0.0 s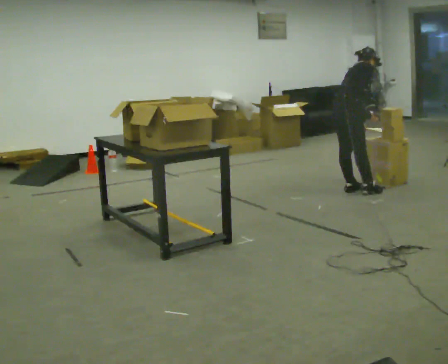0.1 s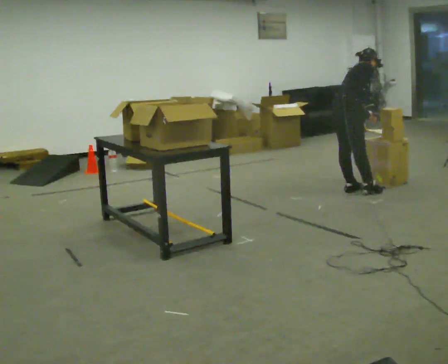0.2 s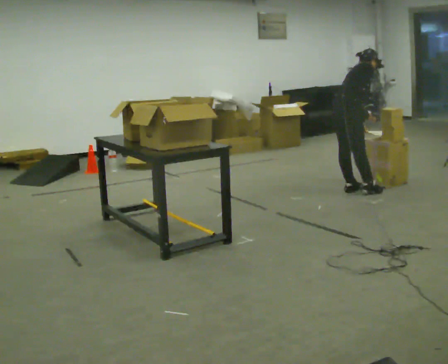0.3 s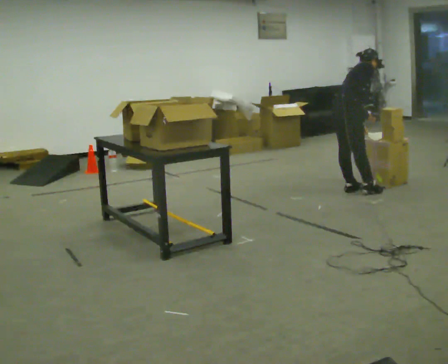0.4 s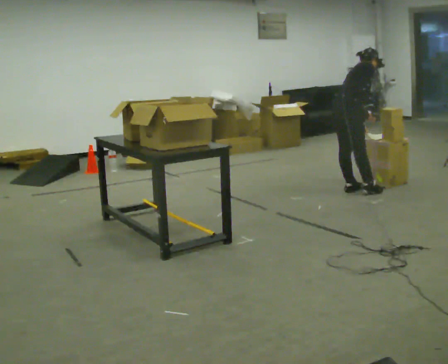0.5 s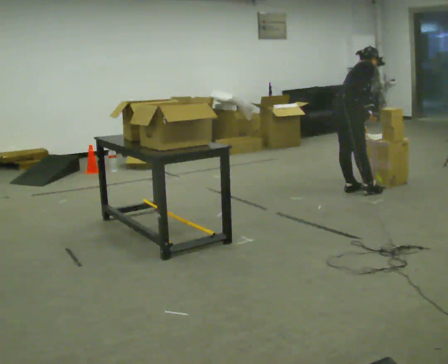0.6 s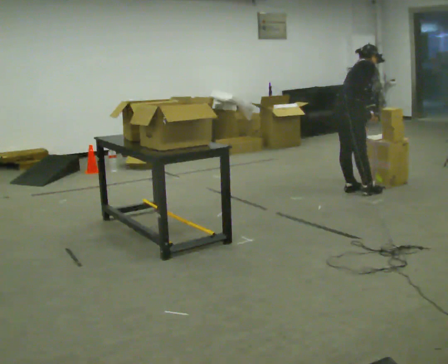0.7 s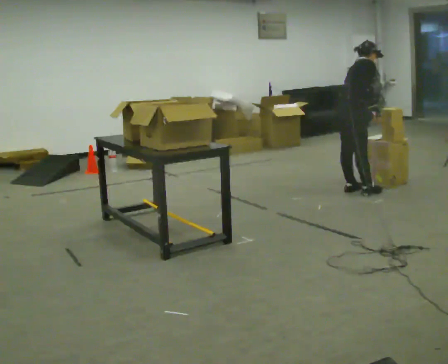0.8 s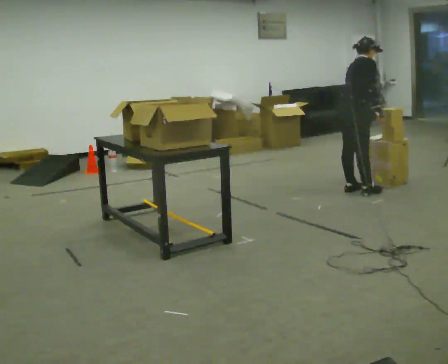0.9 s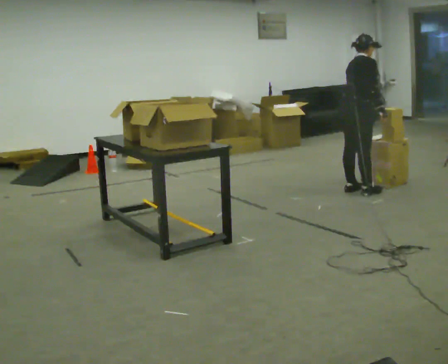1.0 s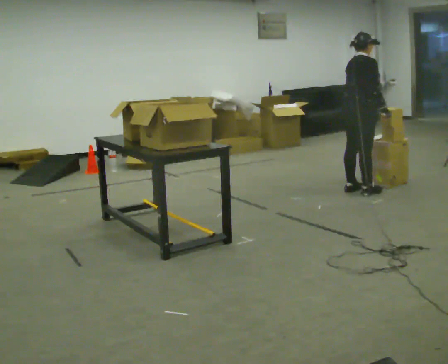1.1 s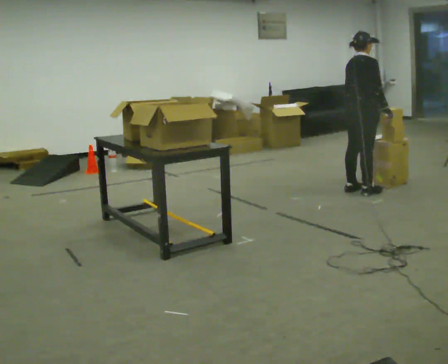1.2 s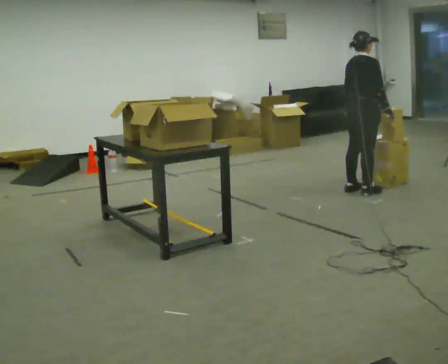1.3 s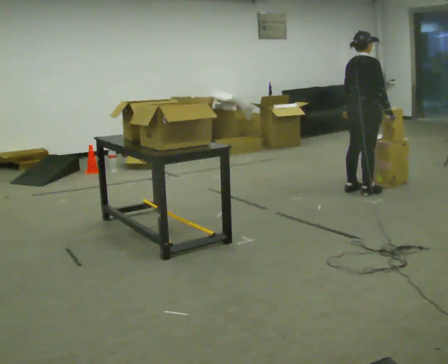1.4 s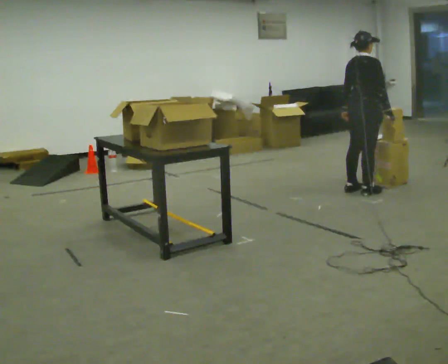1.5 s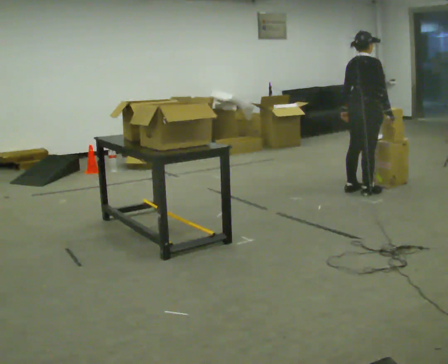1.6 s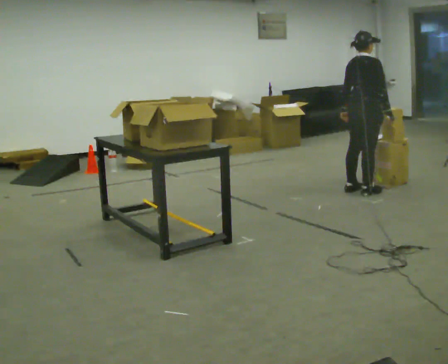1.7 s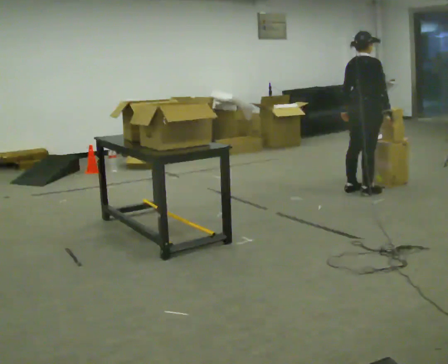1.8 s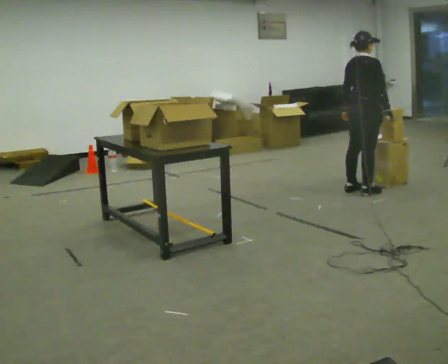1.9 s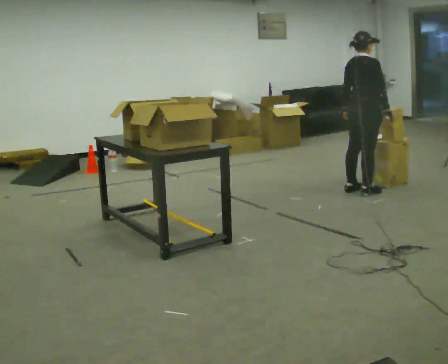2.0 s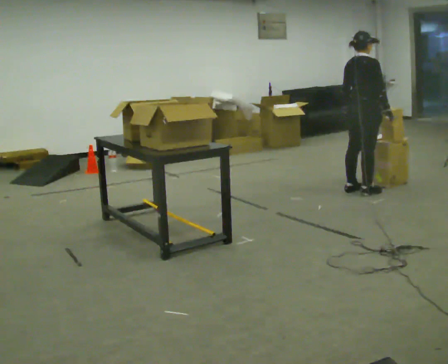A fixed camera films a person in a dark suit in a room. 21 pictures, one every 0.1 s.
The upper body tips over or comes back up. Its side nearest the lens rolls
downward.
0.0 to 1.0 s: The upper body tips toward the camera, its near side rolling downward, as they lean back or straighten.
1.0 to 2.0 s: The person moves a little, or ends about where they began.
The film runs forward here.
